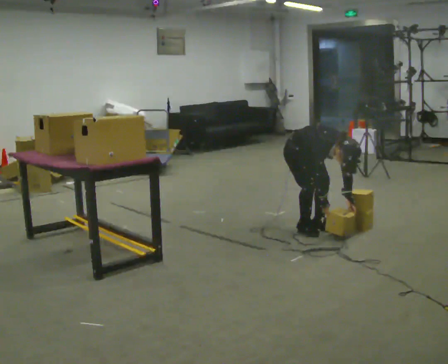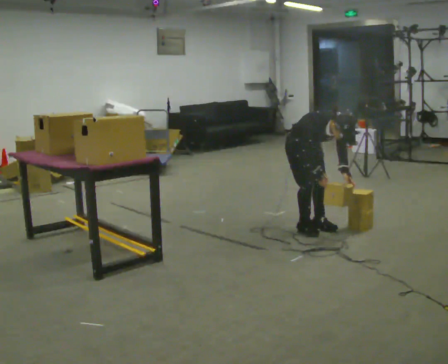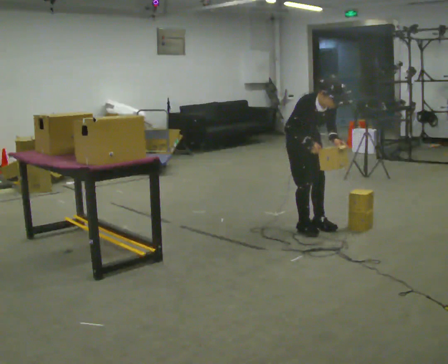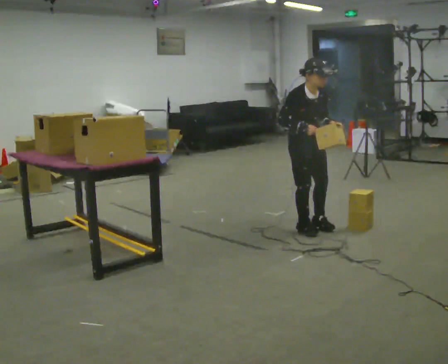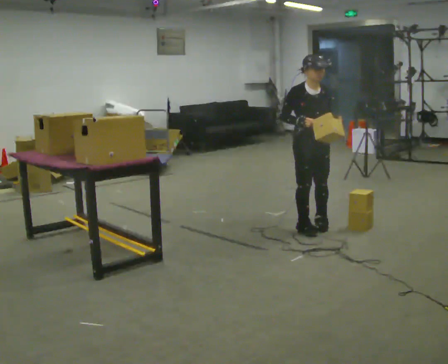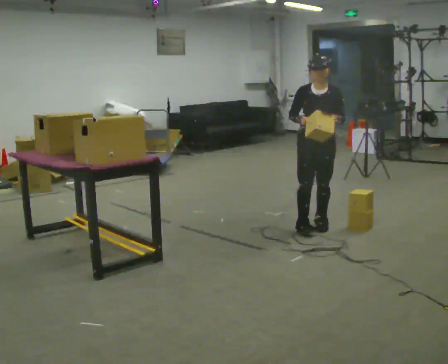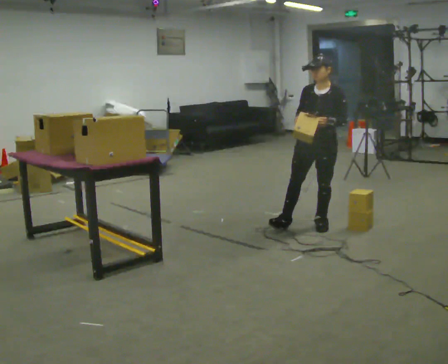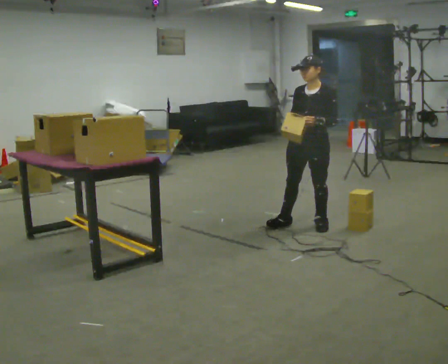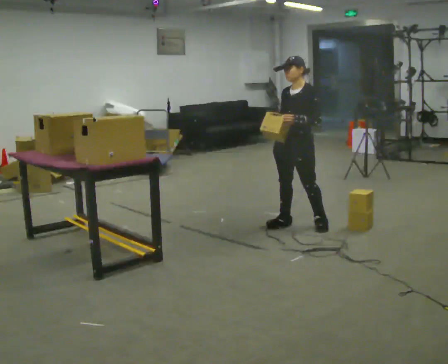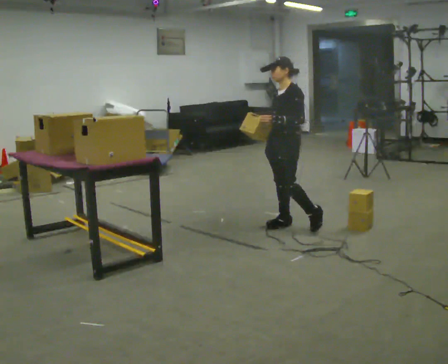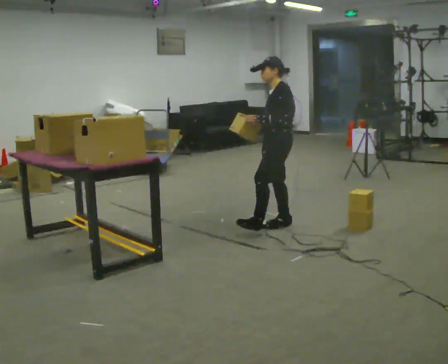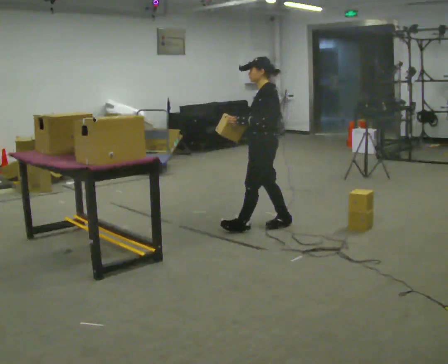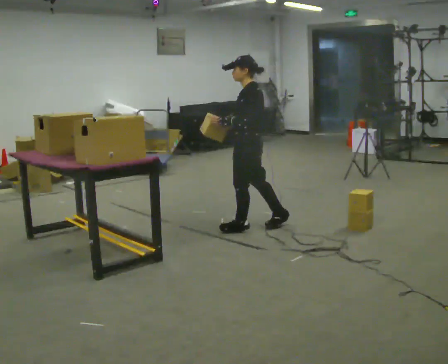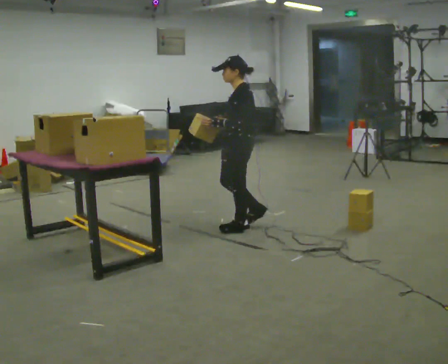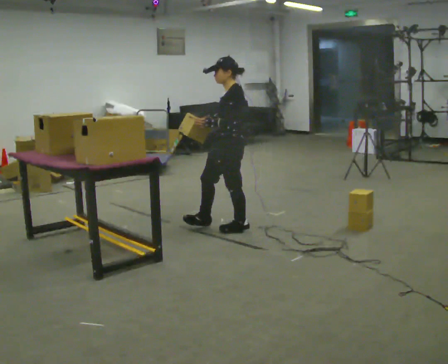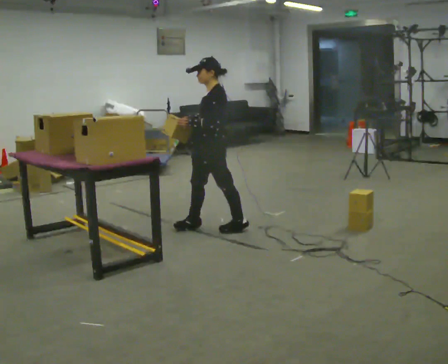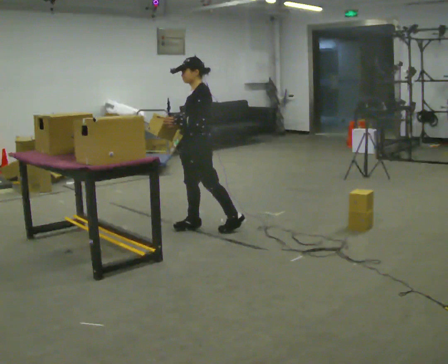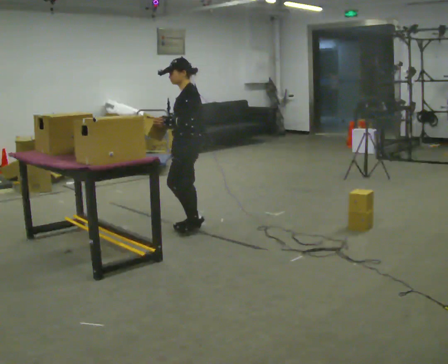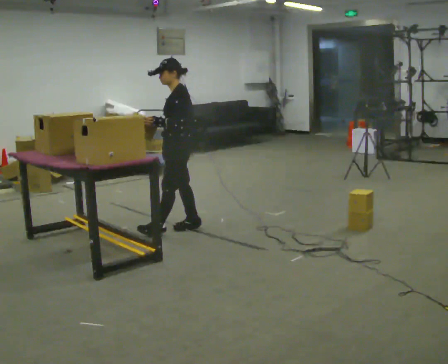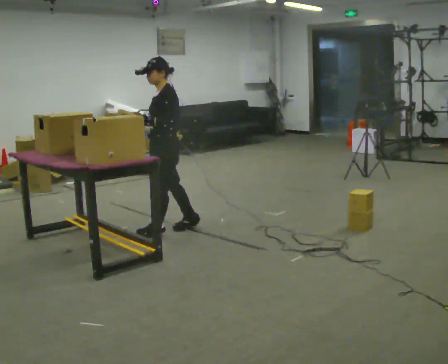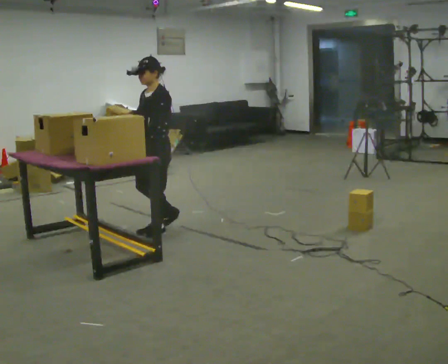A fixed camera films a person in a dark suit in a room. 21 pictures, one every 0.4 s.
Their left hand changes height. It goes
upward.
The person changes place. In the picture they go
to the left.
0.0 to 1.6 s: The upper body goes upward. The upper body tips away from the camera, its near side rolling upward, as they lean back or straighten. In the picture their right hand goes upward.
1.6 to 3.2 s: The person turns about 75 degrees to their right, clockwise seen from above, so the part of the body nearest the lens slides to the left.
3.2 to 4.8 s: The person turns about 60 degrees to their right, clockwise seen from above, so the part of the body nearest the lens slides to the left. In the picture they go to the left, about 0.5 m in 1 step, which for them is forward.
4.8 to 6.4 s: Seen from above the body turns counterclockwise, about 30 degrees: to their left, with its near side sliding to the right. In the picture they go to the left, about 0.5 m in 1 step, which for them is forward.
6.4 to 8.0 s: In the picture they go to the left and toward the camera, about 0.5 m in 1 step, which for them is forward.
The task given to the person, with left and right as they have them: Carry the object over and fit it into the gap between the two boxes already on the shelf, without touching either of them. Keep going until the operator says stop; one object at a time, and do not rush between trips.
The film runs forward here.
